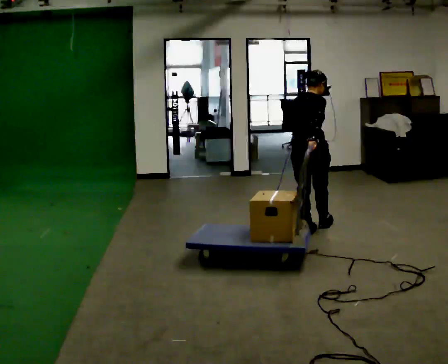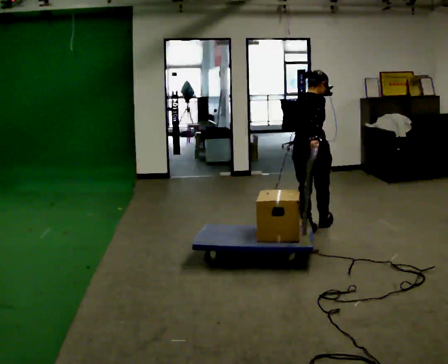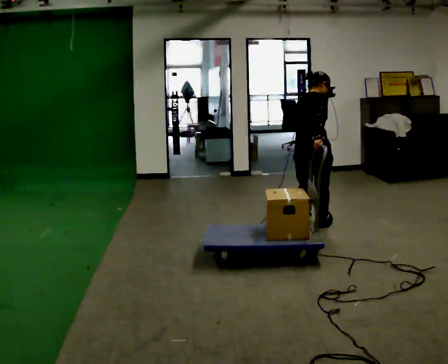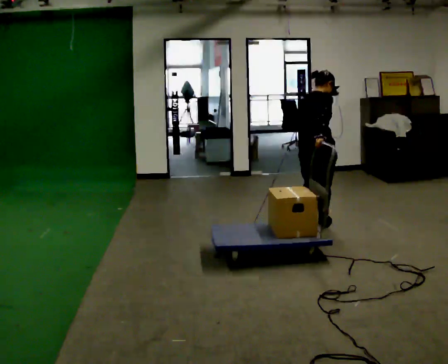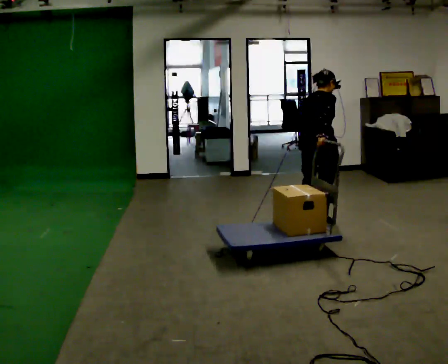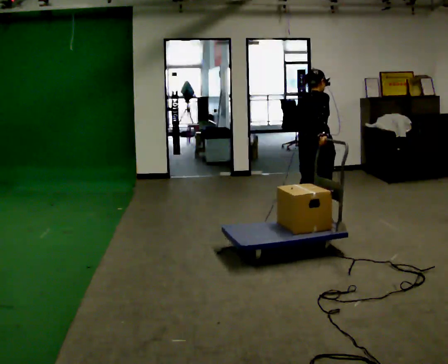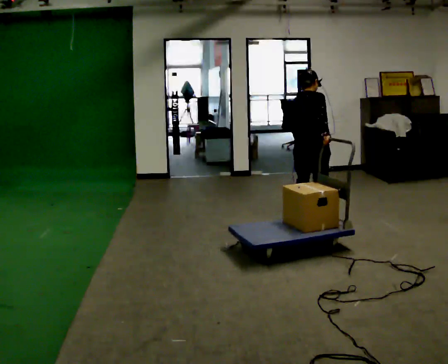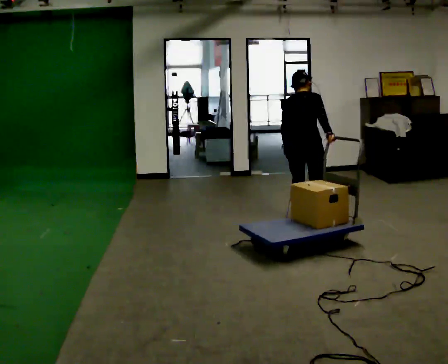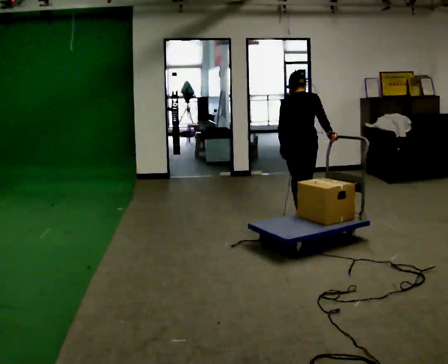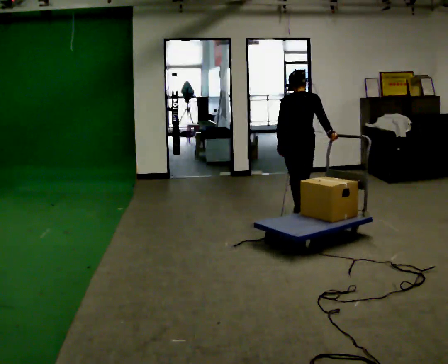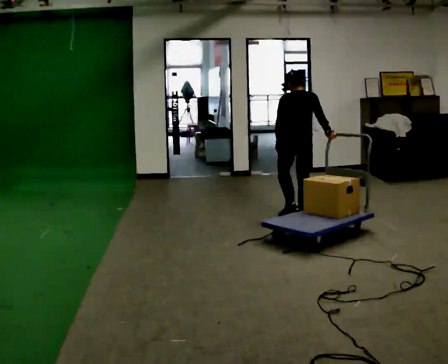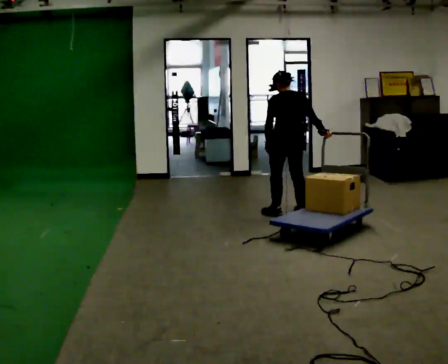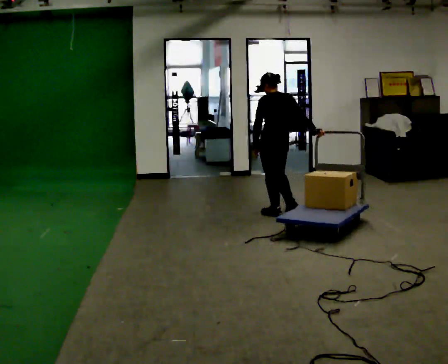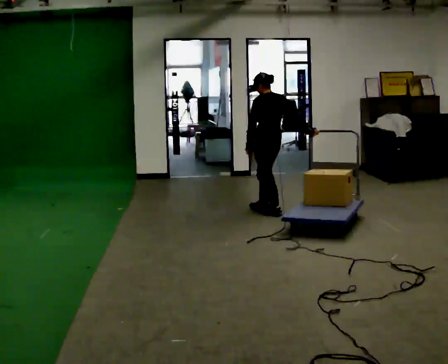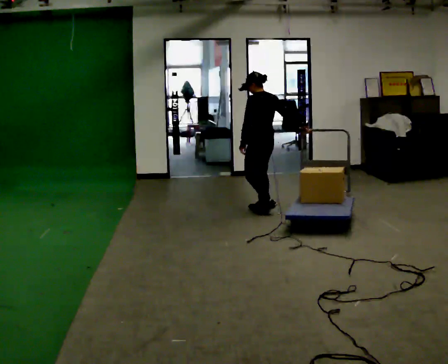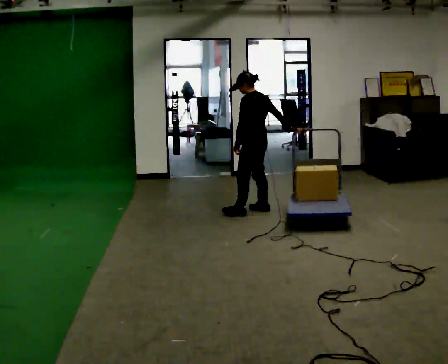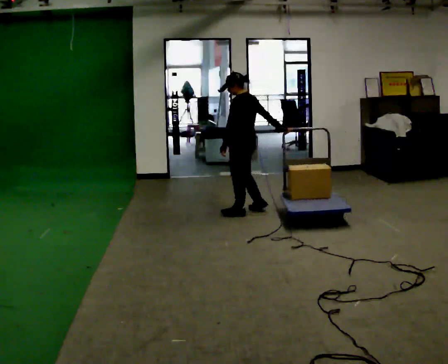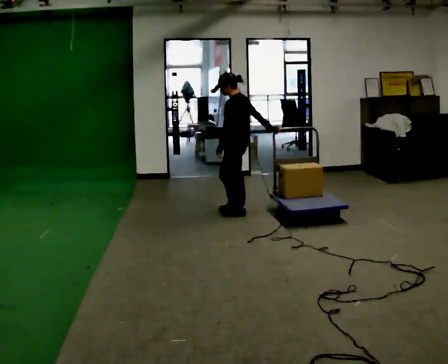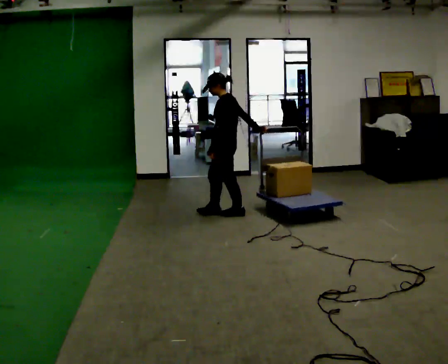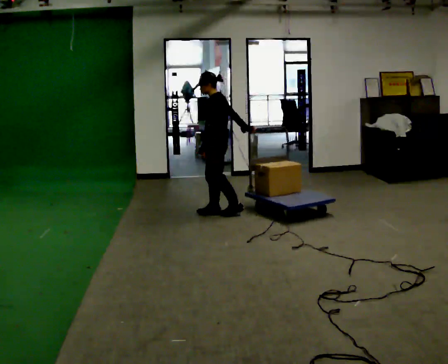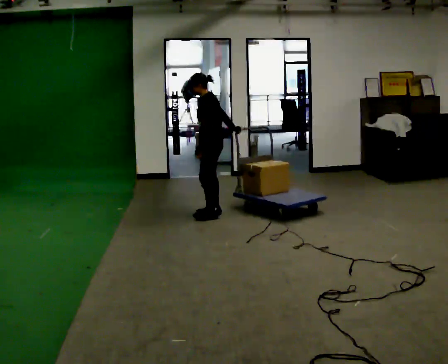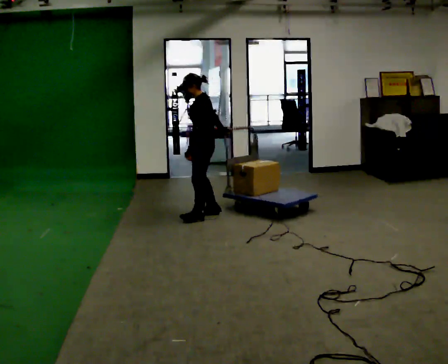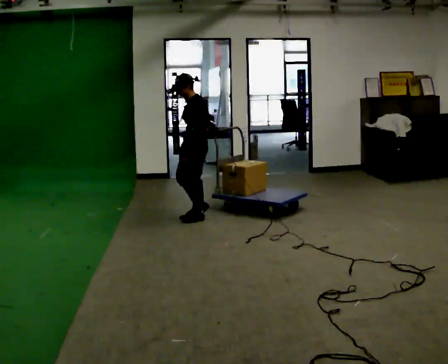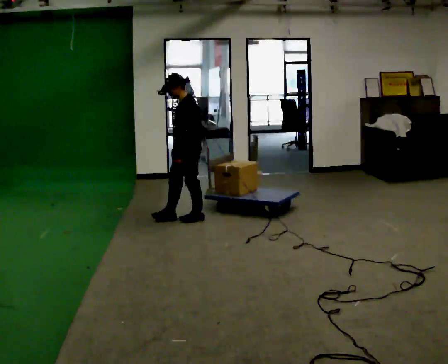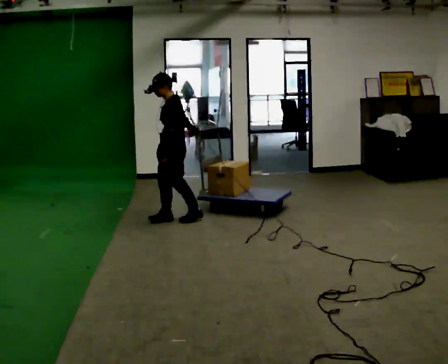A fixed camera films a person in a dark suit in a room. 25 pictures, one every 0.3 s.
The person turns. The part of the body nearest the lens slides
to the right.
The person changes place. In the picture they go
to the left.
0.0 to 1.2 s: In the picture they go away from the camera, about 0.25 m in 1 step, which for them is forward.
1.2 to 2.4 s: The part of the body nearest the lens slides to the right as the person turns to their left by about 30 degrees. In the picture they go away from the camera, about 0.25 m in 1 step, which for them is to their left and forward.
2.4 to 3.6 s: The person turns about 30 degrees to their left, counterclockwise seen from above, so the part of the body nearest the lens slides to the right. In the picture they go away from the camera and to the left, about 0.25 m in 2 steps, which for them is forward and to their left.
3.6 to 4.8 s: The part of the body nearest the lens slides to the right as the person turns to their left by about 30 degrees. In the picture they go to the left, about 0.25 m in 2 steps, which for them is forward and to their left.
4.8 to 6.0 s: The part of the body nearest the lens slides to the right as the person turns to their left by about 30 degrees. In the picture they go to the left, about 0.25 m in 1 step, which for them is forward.
6.0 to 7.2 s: In the picture they go to the left and toward the camera, about 0.5 m in 2 steps, which for them is forward.
The film runs forward here.
